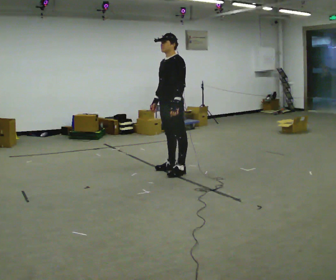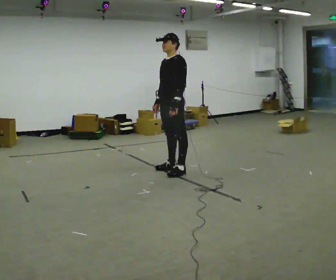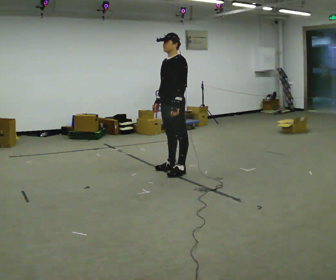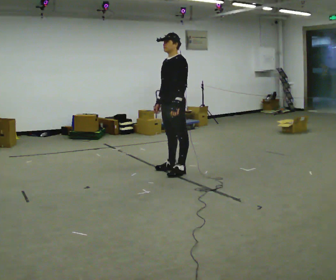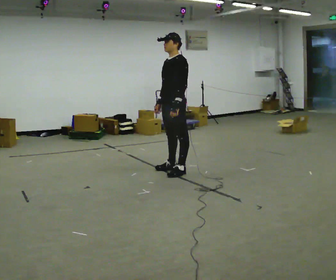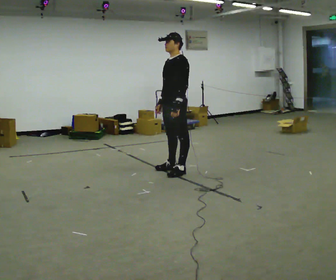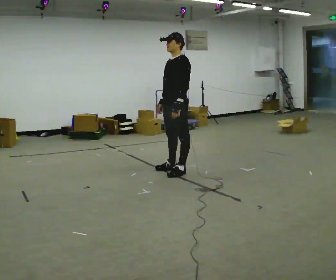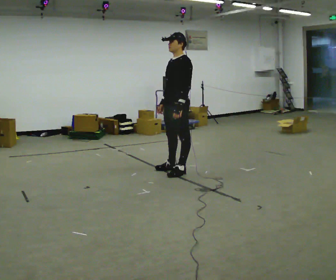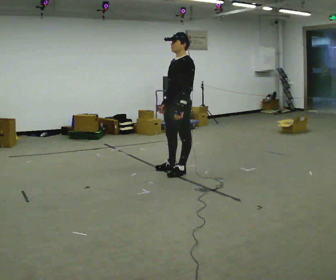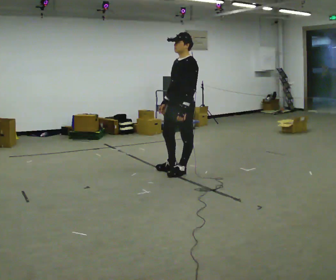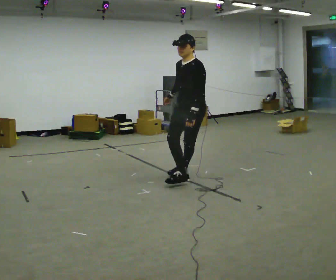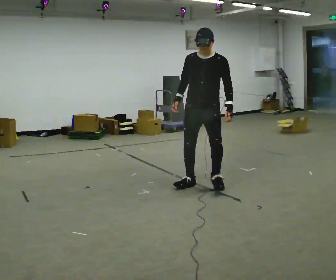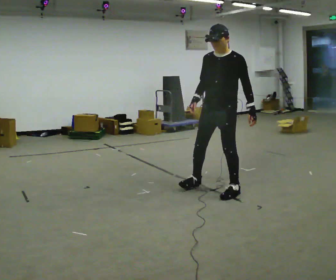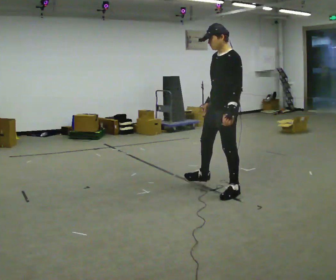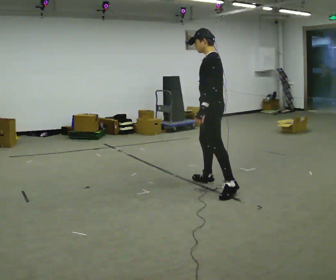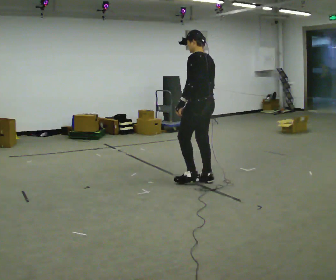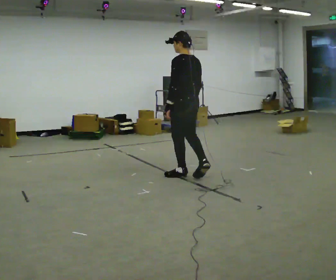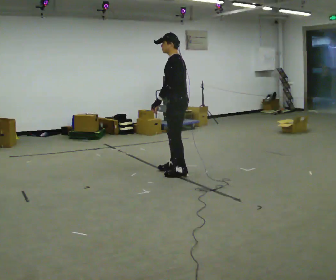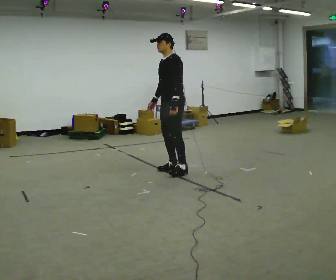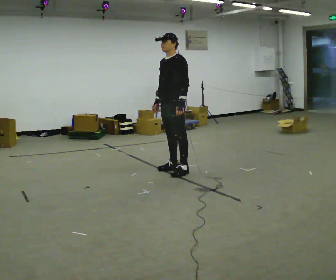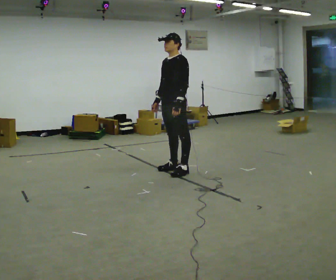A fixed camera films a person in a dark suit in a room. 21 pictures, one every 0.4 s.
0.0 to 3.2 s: The person moves a little, or ends about where they began.
3.2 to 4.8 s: The person turns about 30 degrees to their left, counterclockwise seen from above, so the part of the body nearest the lens slides to the right. In the picture they go toward the camera and to the right, about 1 m in 2 steps, which for them is to their left.
4.8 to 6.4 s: Seen from above the body turns clockwise, about 90 degrees: to their right, with its near side sliding to the left. In the picture they go away from the camera and to the left, about 0.75 m in 2 steps.
6.4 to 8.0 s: The person turns about 75 degrees to their left, counterclockwise seen from above, so the part of the body nearest the lens slides to the right. In the picture they go away from the camera and to the left, about 0.25 m in 1 step.
The film runs forward here.
